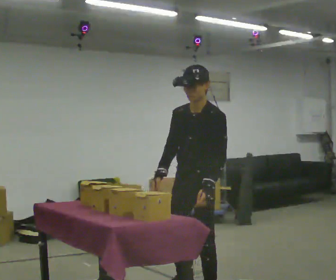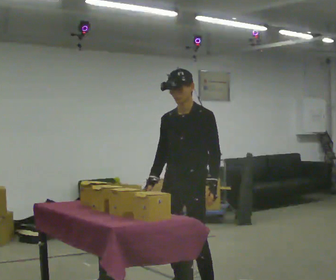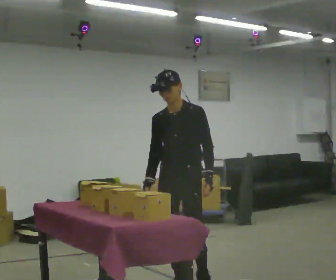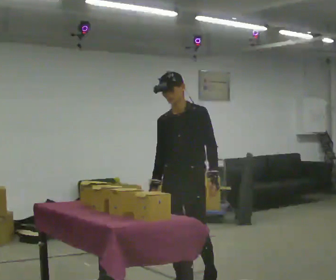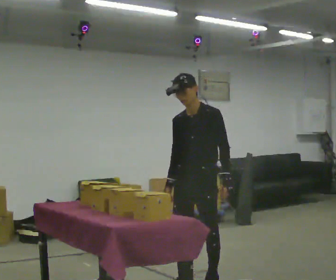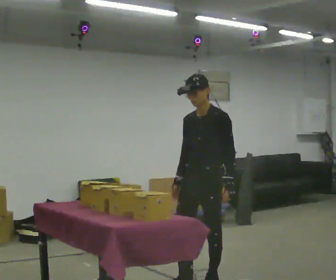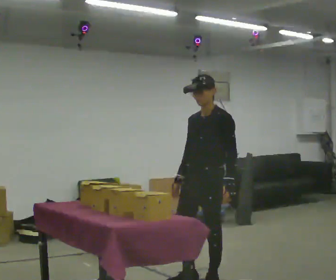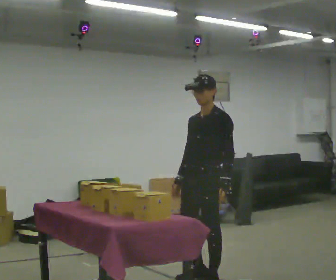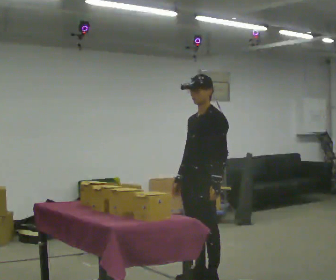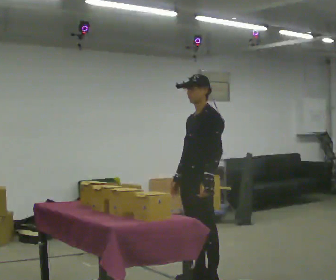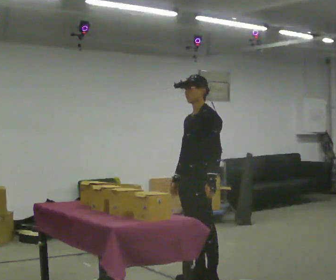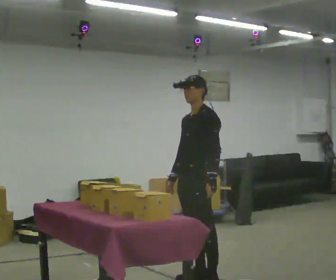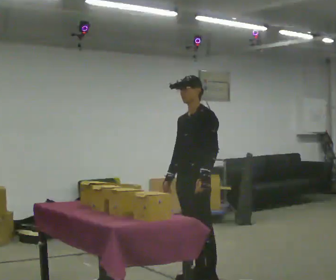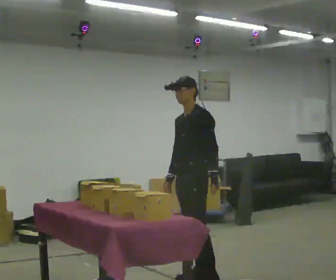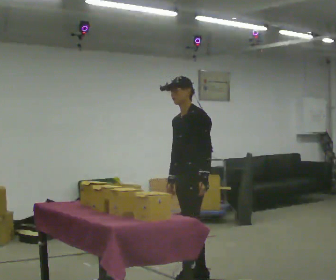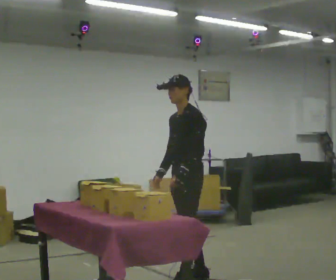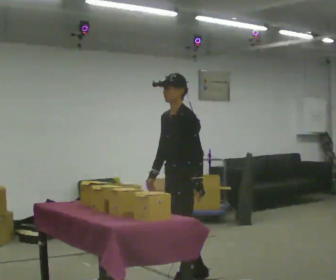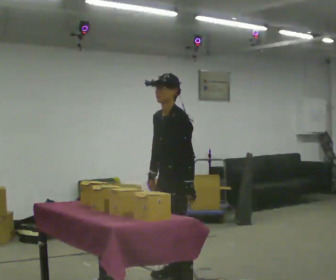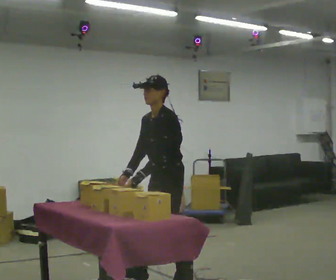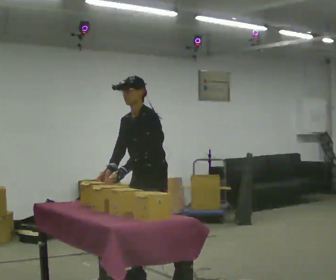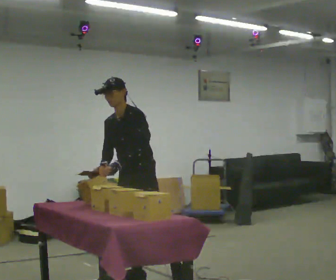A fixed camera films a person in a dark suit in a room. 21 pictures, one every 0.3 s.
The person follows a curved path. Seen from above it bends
counterclockwise.
0.0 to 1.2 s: In the picture they go away from the camera, about 0.25 m in 1 step, which for them is backward.
1.2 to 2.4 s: Seen from above the body turns clockwise, about 30 degrees: to their right, with its near side sliding to the left.
2.4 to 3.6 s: In the picture they go away from the camera, about 0.25 m, which for them is to their right.
3.6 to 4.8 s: The person moves a little, or ends about where they began.
4.8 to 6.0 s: Seen from above the body turns counterclockwise, about 30 degrees: to their left, with its near side sliding to the right. In the picture they go to the left, about 0.5 m in 2 steps, which for them is forward and to their right.
The film runs backward here.
